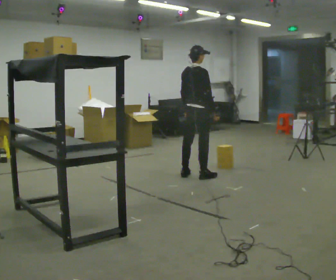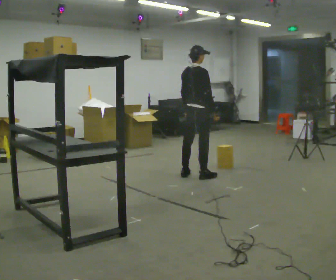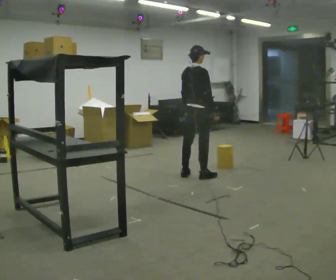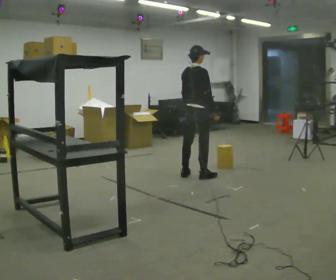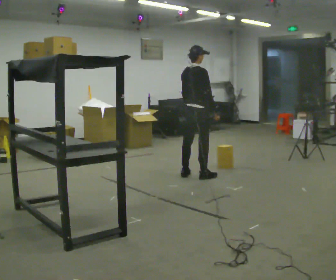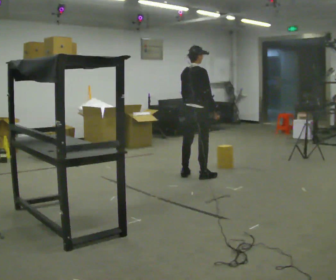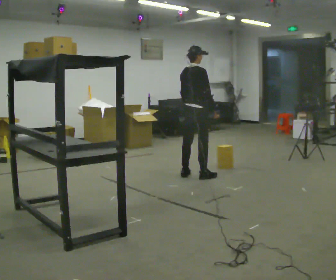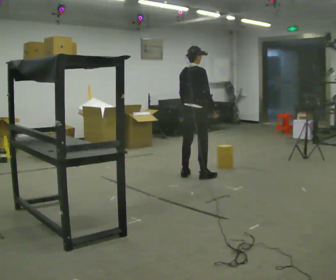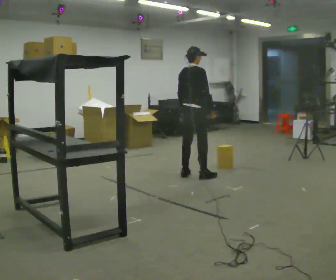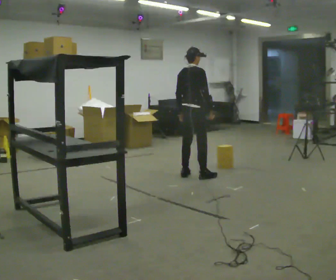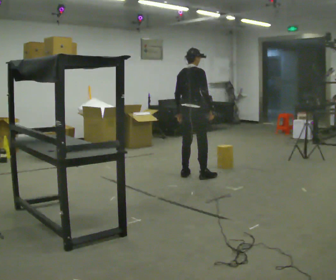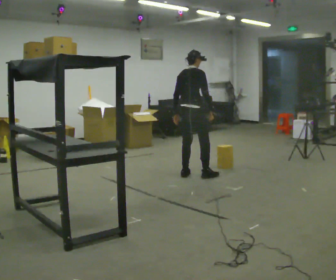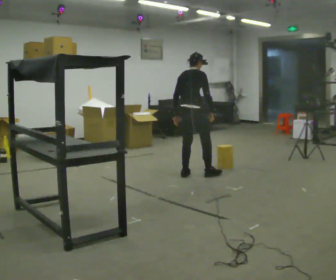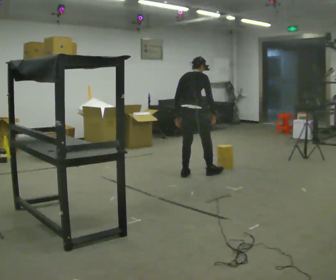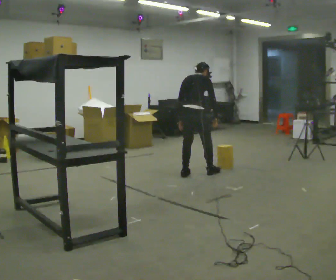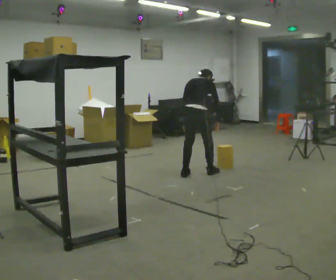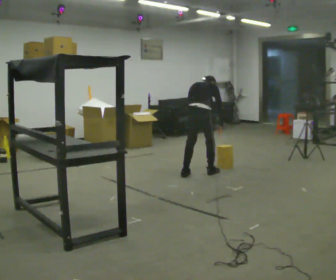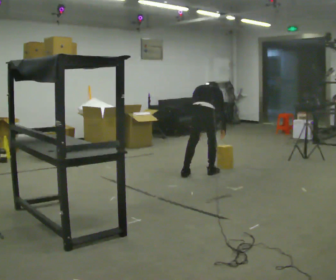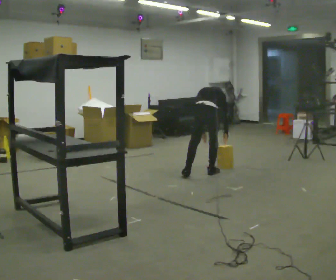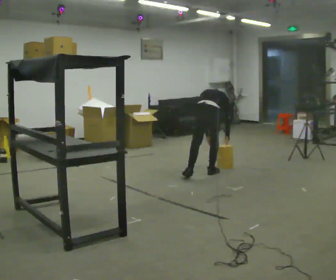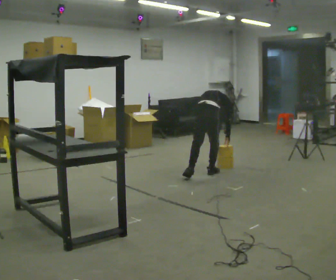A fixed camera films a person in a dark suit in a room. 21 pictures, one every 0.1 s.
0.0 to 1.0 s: The person moves a little, or ends about where they began.
1.0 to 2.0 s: In the picture they go to the right, about 0.25 m in 2 steps, which for them is to their right. The shoulders move downward. The upper body tips away from the camera, its near side rolling upward, as they bend forward. In the picture their right hand goes downward.
The film runs backward here.
